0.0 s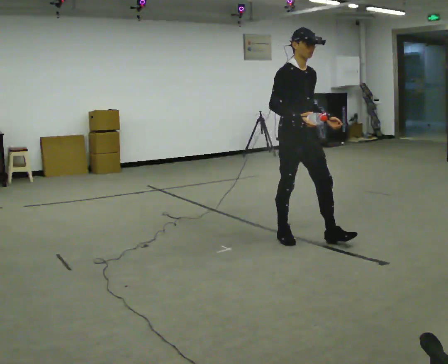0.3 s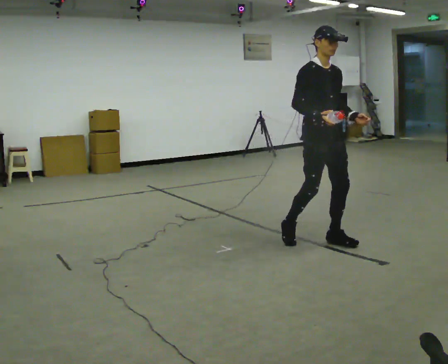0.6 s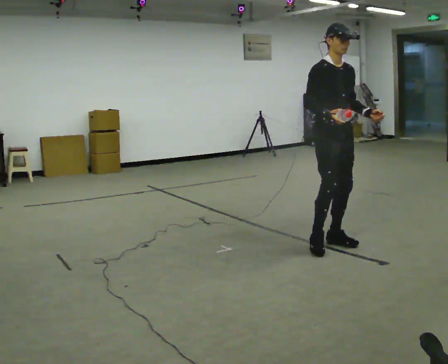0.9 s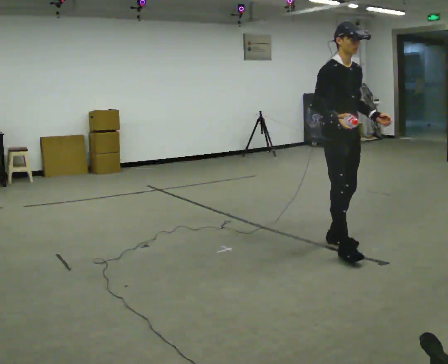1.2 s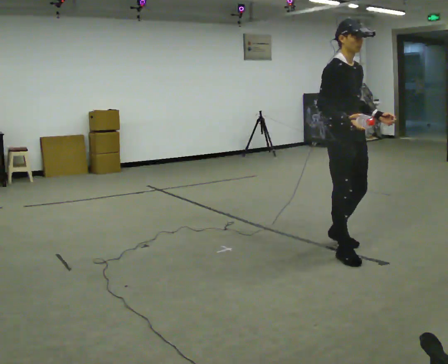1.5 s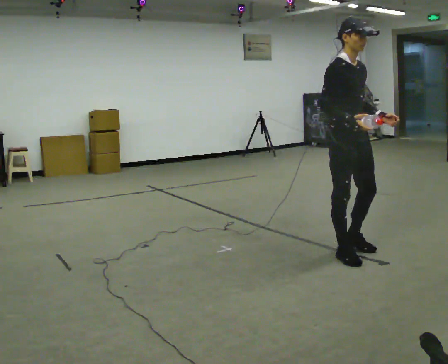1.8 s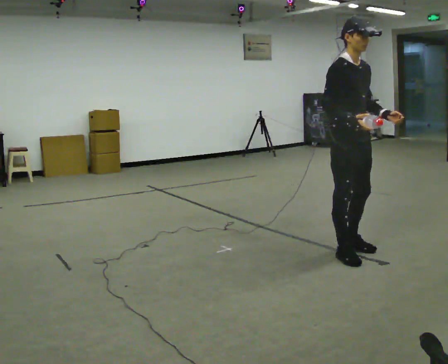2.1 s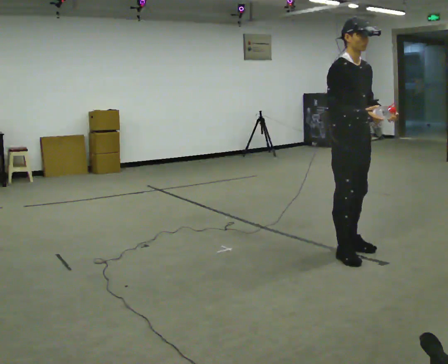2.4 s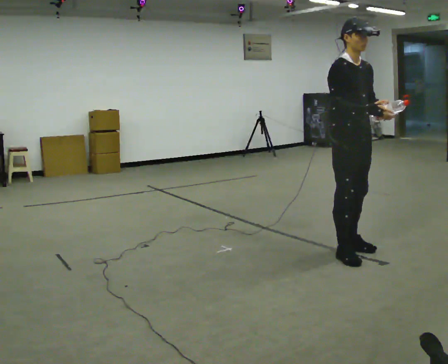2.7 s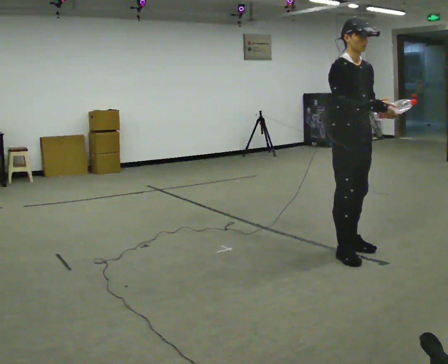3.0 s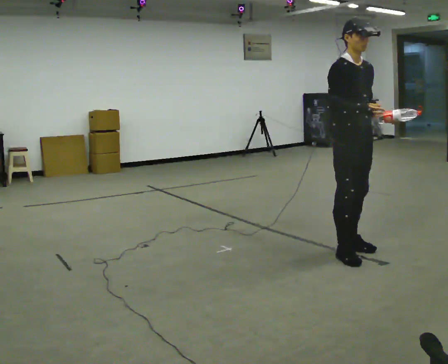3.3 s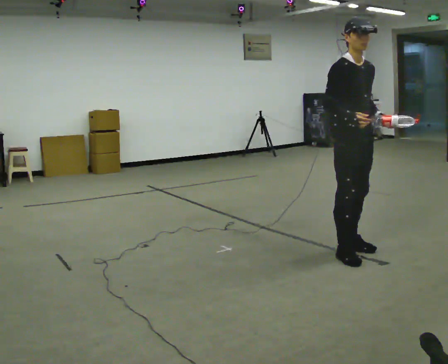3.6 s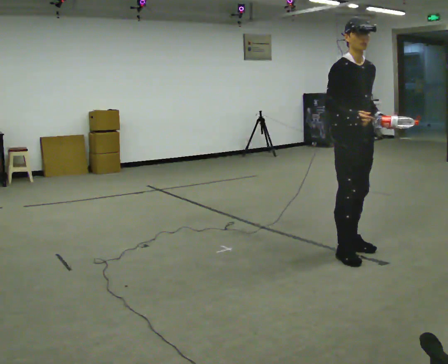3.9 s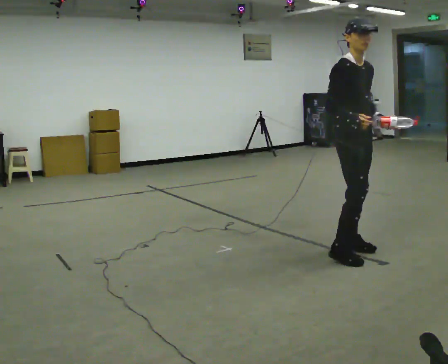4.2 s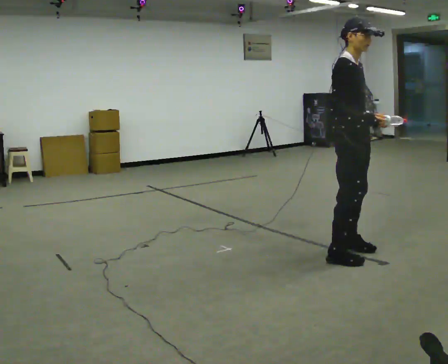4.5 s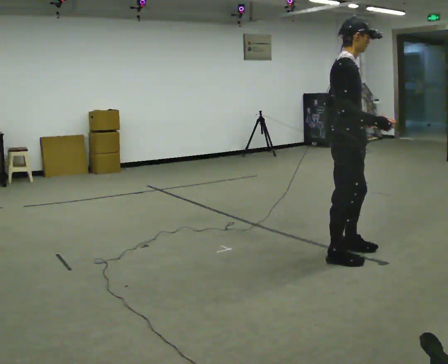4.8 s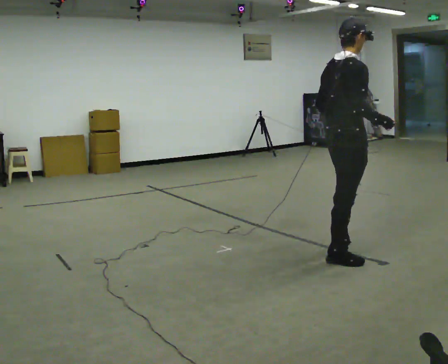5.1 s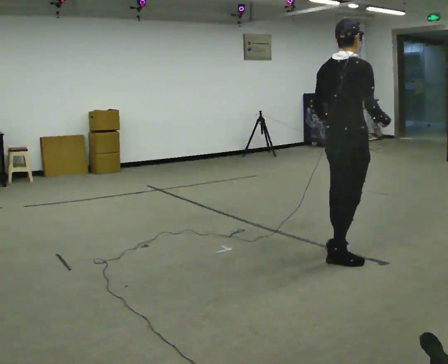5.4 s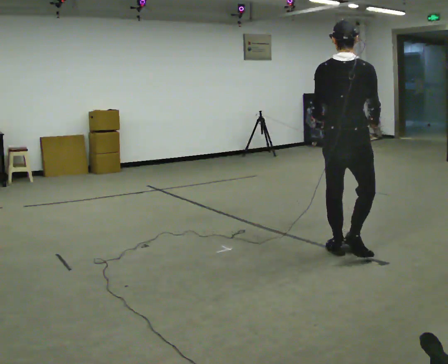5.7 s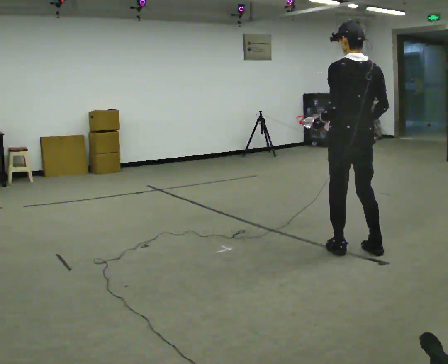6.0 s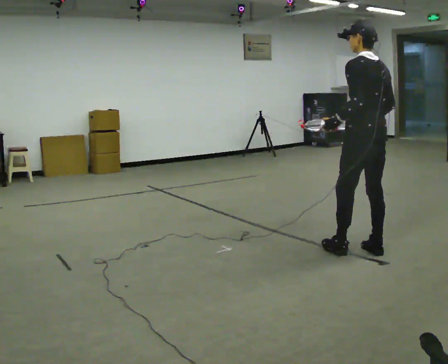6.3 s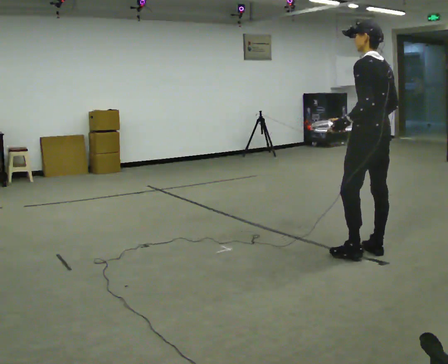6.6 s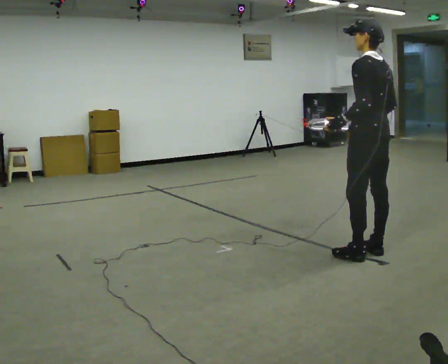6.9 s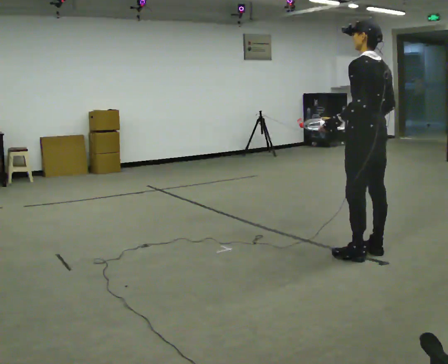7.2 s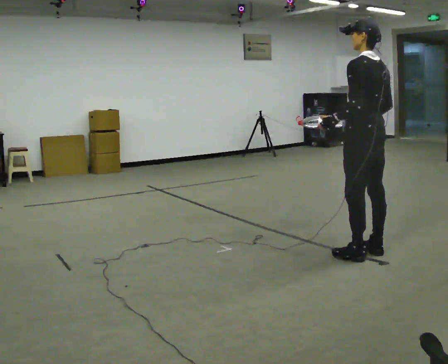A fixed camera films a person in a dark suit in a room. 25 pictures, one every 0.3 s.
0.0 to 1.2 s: In the picture they go to the right and toward the camera, about 0.5 m in 1 step, which for them is forward.
1.2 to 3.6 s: The person moves a little, or ends about where they began.
3.6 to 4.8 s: The person turns about 75 degrees to their left, counterclockwise seen from above, so the part of the body nearest the lens slides to the right. In the picture they go toward the camera, about 0.25 m.
4.8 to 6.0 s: The part of the body nearest the lens slides to the right as the person turns to their left by about 105 degrees. In the picture they go to the right and away from the camera, about 0.25 m in 1 step.
6.0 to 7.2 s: The person moves a little, or ends about where they began.
The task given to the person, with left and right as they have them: Carry the object in one hand and, while walking, pass it to your other hand. Keep passing it back and forth as you walk.
The film runs forward here.
